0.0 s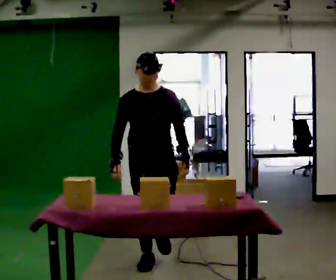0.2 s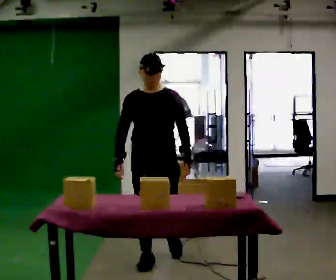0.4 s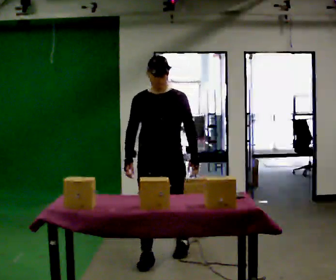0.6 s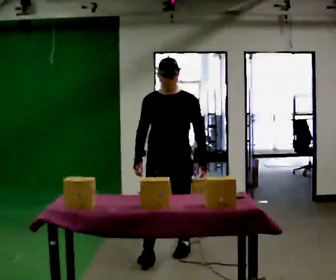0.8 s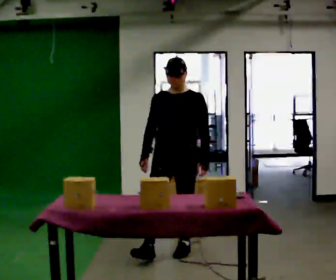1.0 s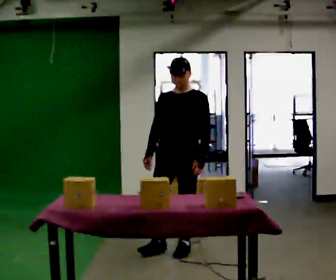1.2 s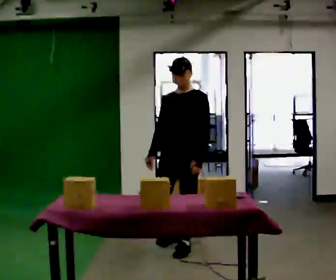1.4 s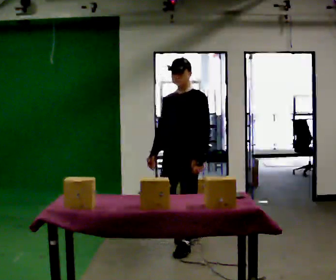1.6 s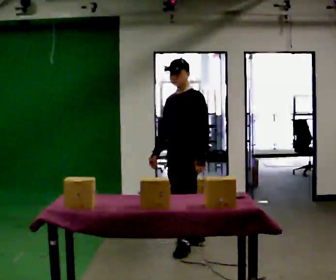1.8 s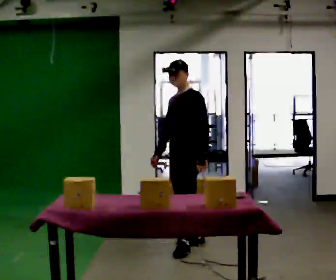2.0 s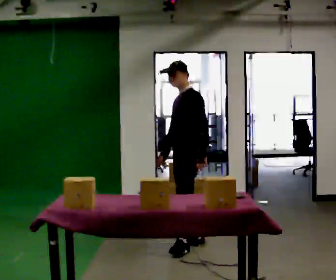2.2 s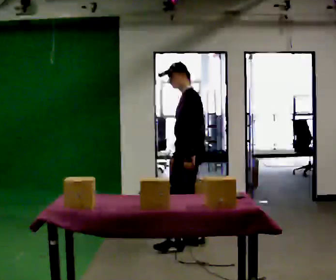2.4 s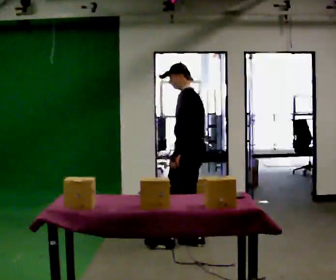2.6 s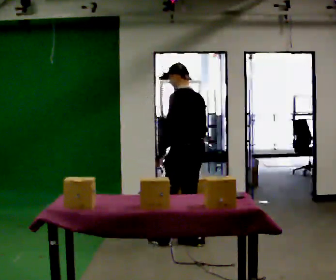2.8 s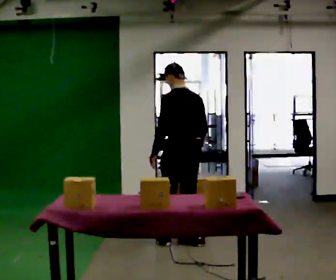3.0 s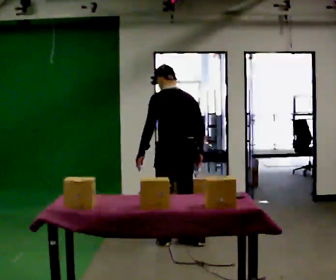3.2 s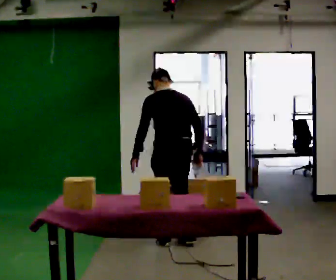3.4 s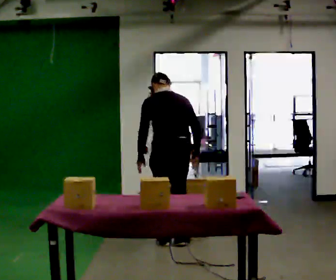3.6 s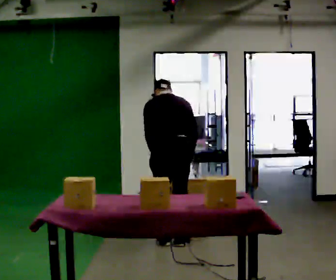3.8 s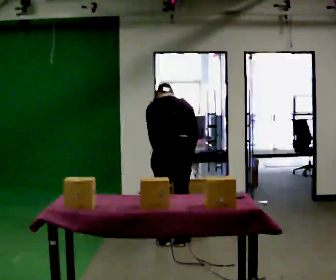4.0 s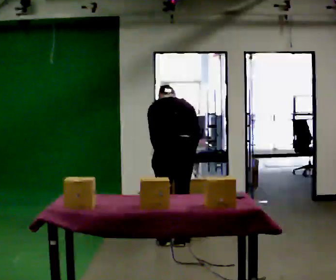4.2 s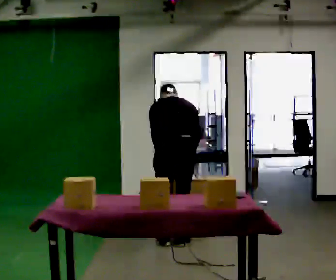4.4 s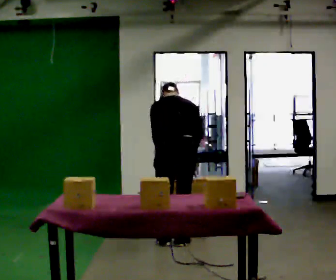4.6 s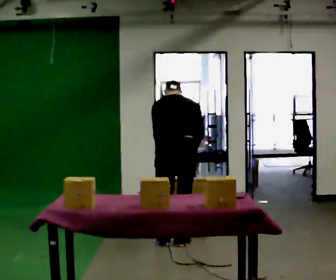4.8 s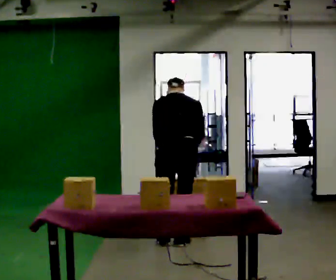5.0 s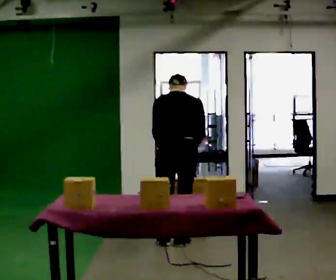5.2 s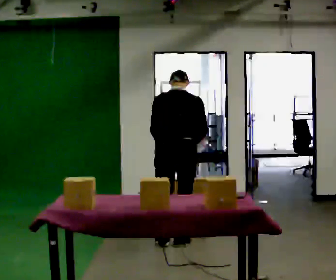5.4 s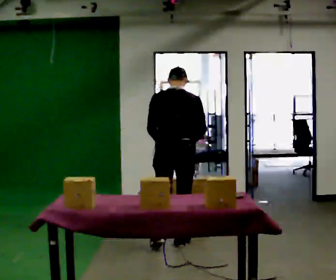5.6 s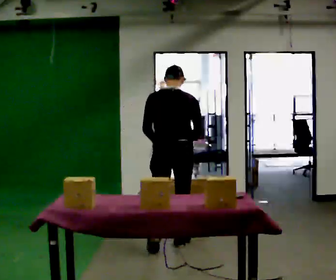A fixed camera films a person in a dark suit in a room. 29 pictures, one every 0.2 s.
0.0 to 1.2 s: Seen from above the body turns clockwise, about 30 degrees: to their right, with its near side sliding to the left. In the picture they go away from the camera and to the right, about 0.5 m in 1 step, which for them is backward and to their left.
1.2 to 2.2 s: The person turns about 60 degrees to their right, clockwise seen from above, so the part of the body nearest the lens slides to the left. In the picture they go away from the camera, about 0.25 m in 1 step, which for them is backward and to their right.
2.2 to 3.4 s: Seen from above the body turns clockwise, about 75 degrees: to their right, with its near side sliding to the left. In the picture they go to the left, about 0.25 m in 1 step. In the picture their left hand goes to the left.
3.4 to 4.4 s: The person moves a little, or ends about where they began.
4.4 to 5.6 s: The upper body tips toward the camera, its near side rolling downward, as they lean back or straighten.
The film runs backward here.
